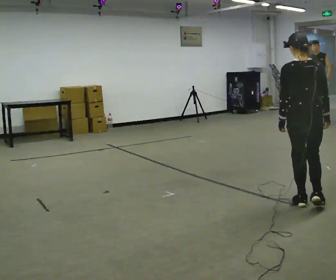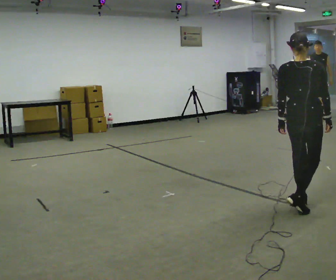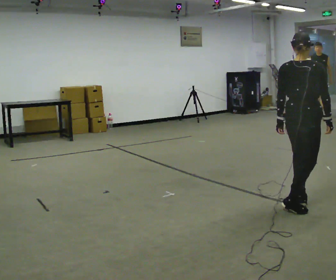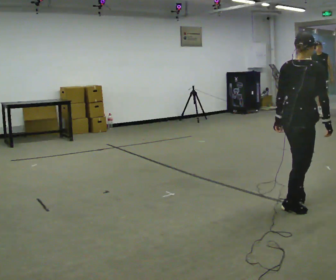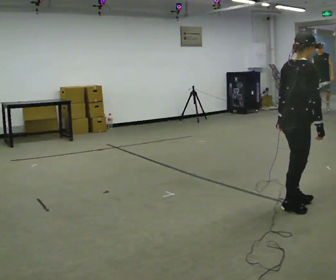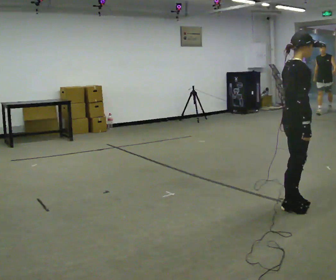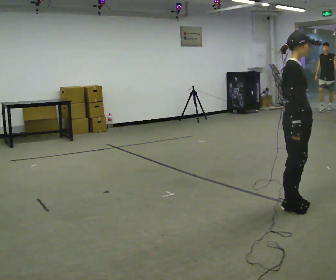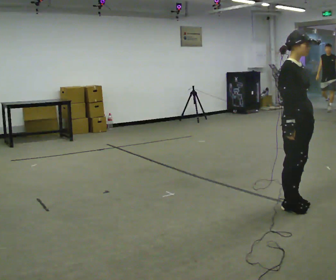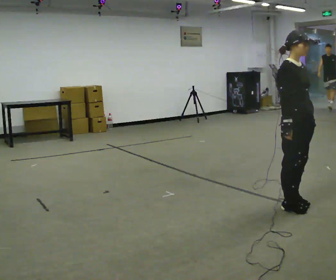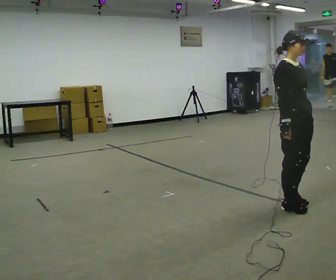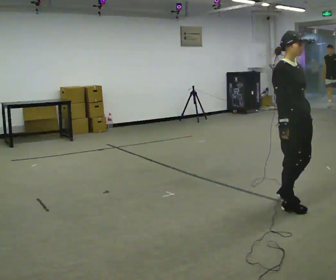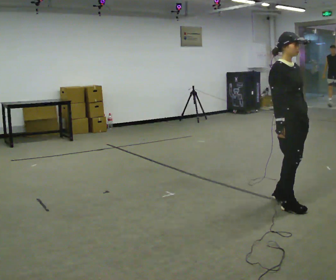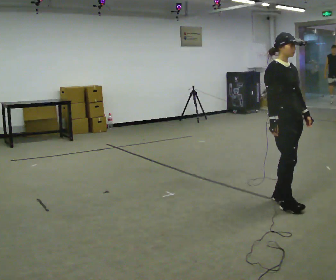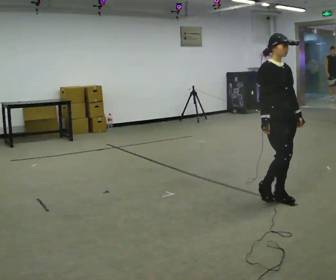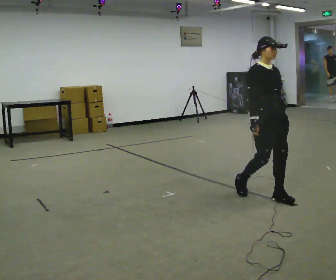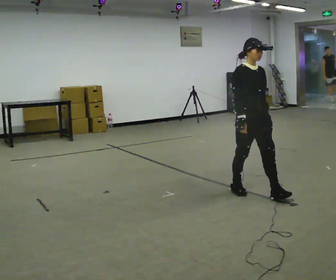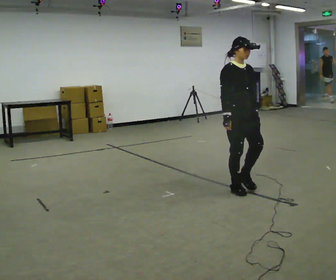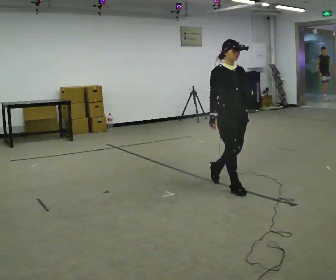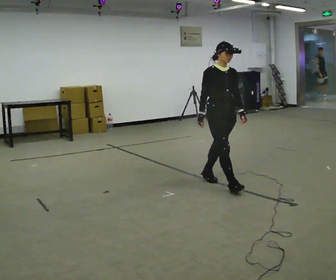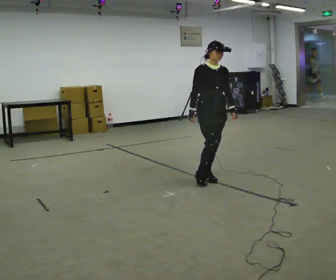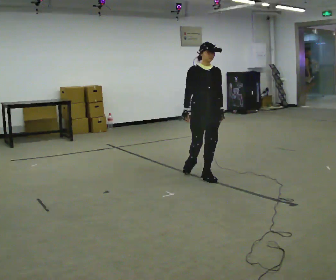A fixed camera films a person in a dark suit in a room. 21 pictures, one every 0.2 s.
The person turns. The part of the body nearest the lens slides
to the left.
The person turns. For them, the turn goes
to their right.
0.0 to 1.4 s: The part of the body nearest the lens slides to the left as the person turns to their right by about 120 degrees. In the picture their right hand goes to the left.
1.4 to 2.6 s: In the picture they go away from the camera and to the left, about 0.25 m in 2 steps, which for them is backward.
2.6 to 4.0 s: In the picture they go to the left and away from the camera, about 1 m in 2 steps, which for them is backward.
The film runs backward here.
